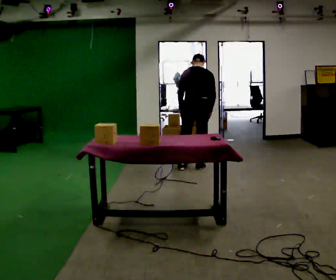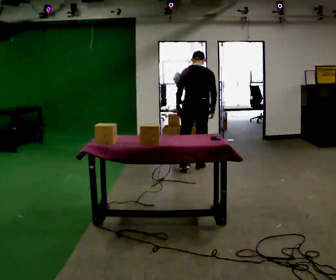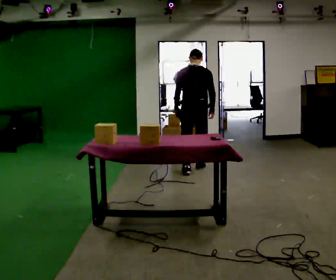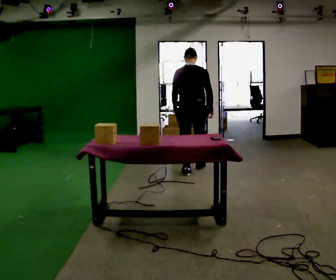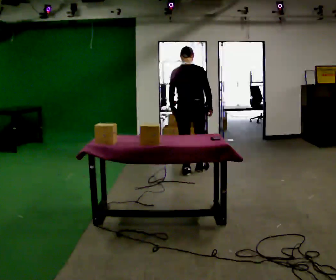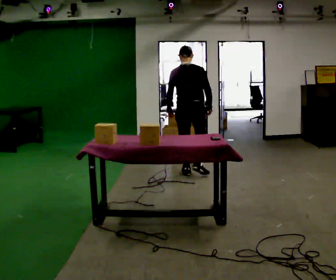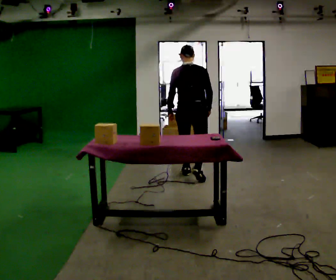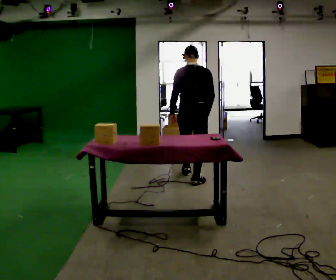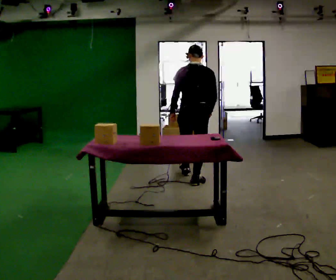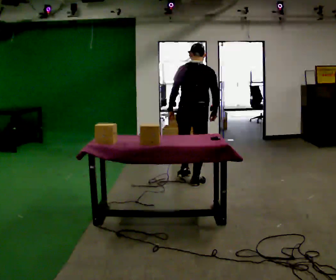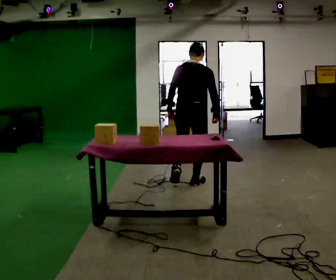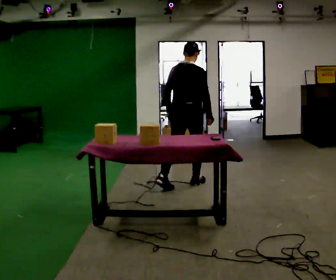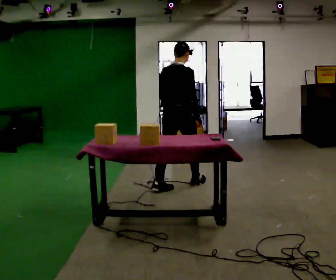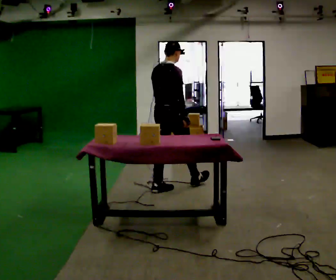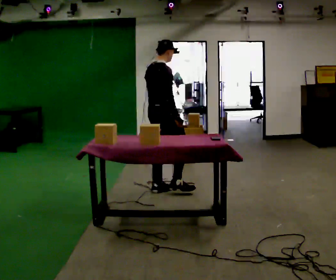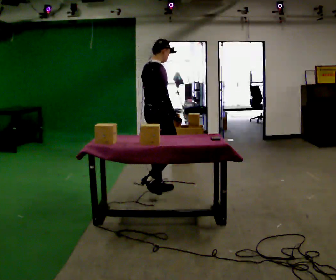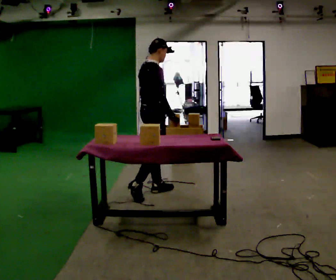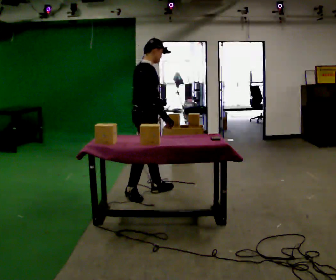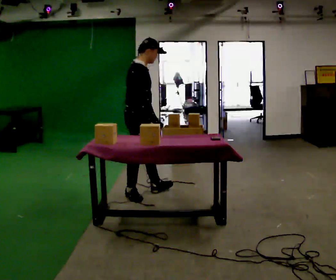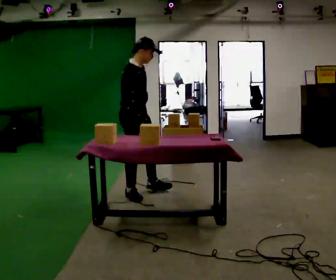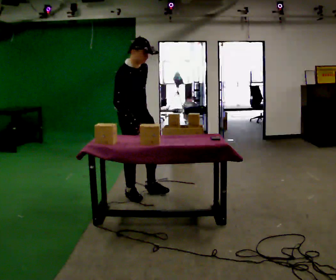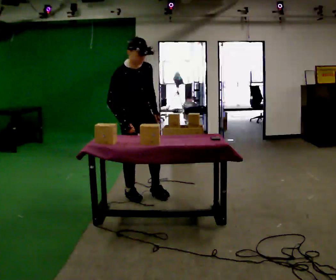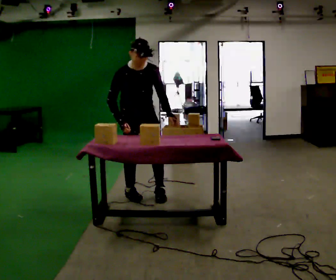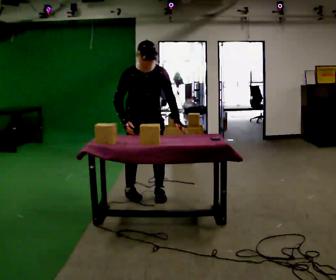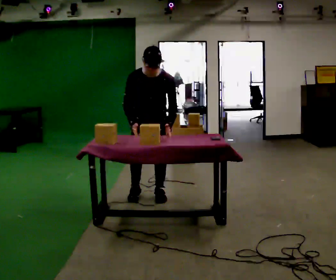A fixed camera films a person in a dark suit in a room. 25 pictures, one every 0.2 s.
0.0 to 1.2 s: In the picture they go toward the camera, about 0.25 m in 1 step, which for them is backward. The upper body tips toward the camera, its near side rolling downward, as they lean back or straighten.
1.2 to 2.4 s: The part of the body nearest the lens slides to the left as the person turns to their right by about 30 degrees. In the picture they go toward the camera, about 0.5 m in 1 step, which for them is backward.
2.4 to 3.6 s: The person turns about 45 degrees to their right, clockwise seen from above, so the part of the body nearest the lens slides to the left. In the picture they go to the left and toward the camera, about 0.5 m in 1 step, which for them is backward.
3.6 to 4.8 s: Seen from above the body turns clockwise, about 90 degrees: to their right, with its near side sliding to the left. The upper body tips toward the camera, its near side rolling downward, as they bend forward. In the picture their left hand goes to the right.
The film runs backward here.
